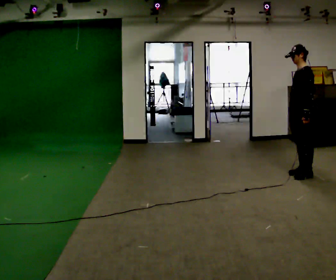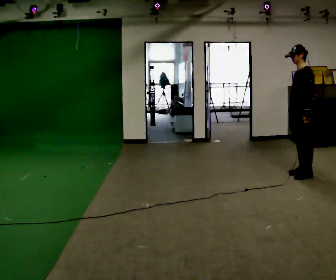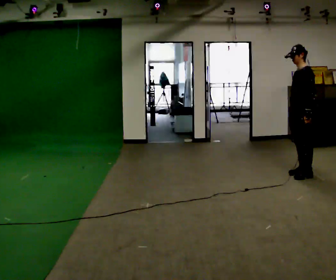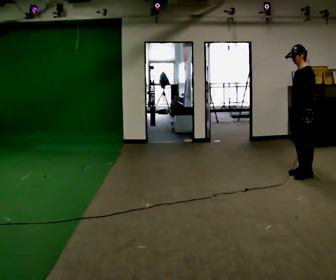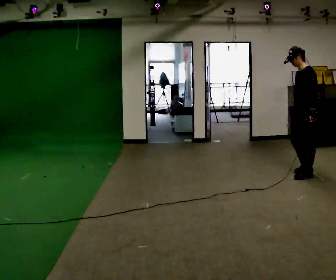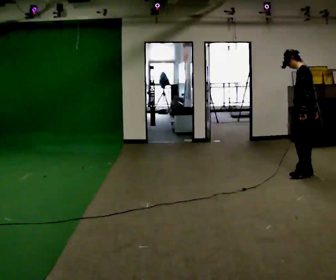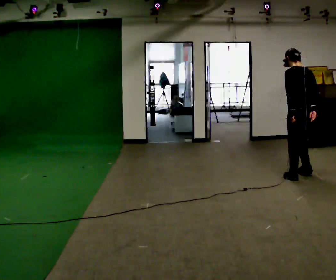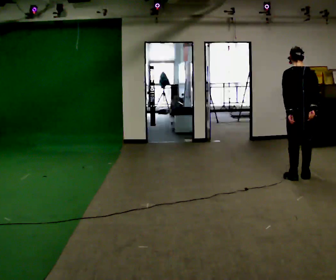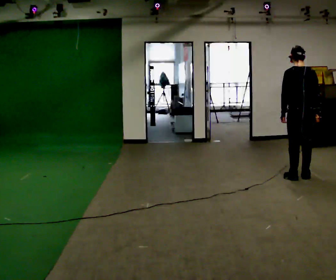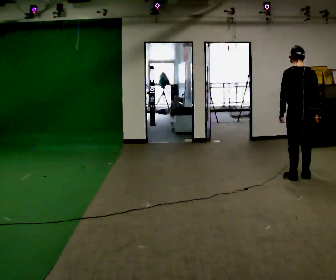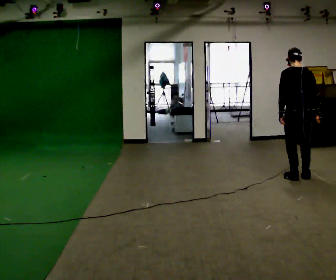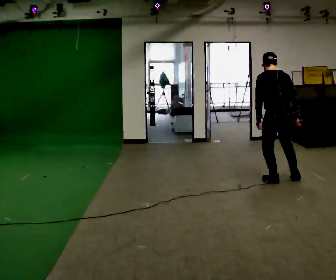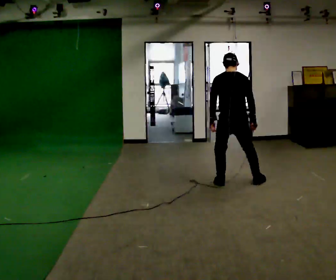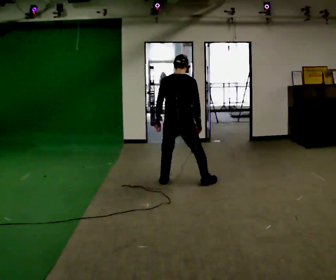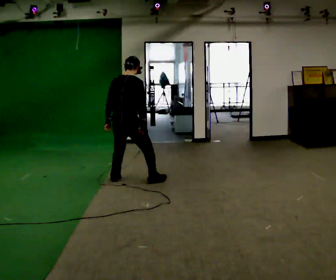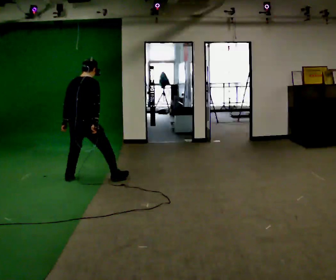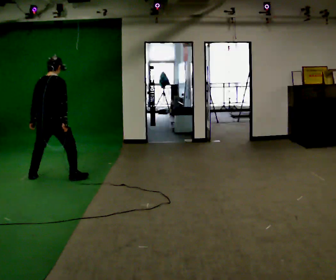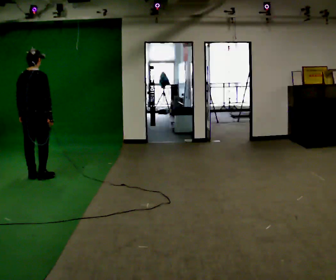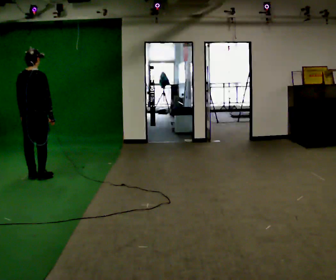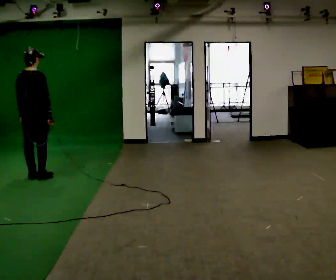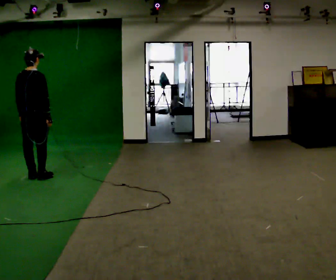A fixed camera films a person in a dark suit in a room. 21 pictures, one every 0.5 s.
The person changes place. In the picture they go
to the left.
0.0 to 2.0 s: The person moves a little, or ends about where they began.
2.0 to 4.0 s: The person turns about 90 degrees to their right, clockwise seen from above, so the part of the body nearest the lens slides to the left. In the picture their left hand goes to the left.
4.0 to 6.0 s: In the picture they go to the left and toward the camera, about 1 m in 4 steps, which for them is to their left.
6.0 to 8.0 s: In the picture they go to the left, about 2.5 m in 7 steps, which for them is to their left.
8.0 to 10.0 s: In the picture they go to the left, about 0.25 m in 1 step, which for them is to their left.
The film runs backward here.
